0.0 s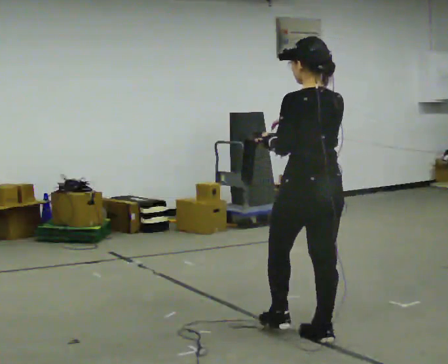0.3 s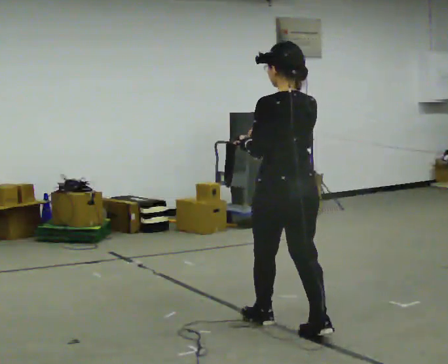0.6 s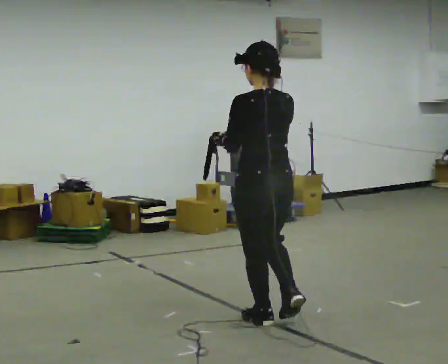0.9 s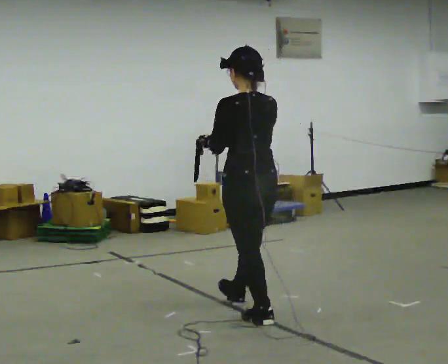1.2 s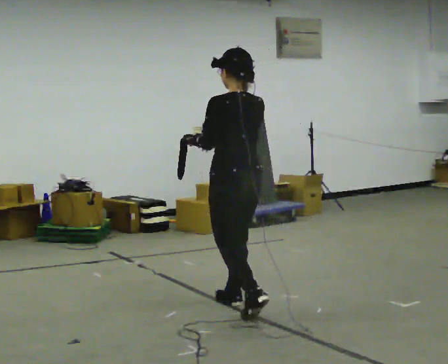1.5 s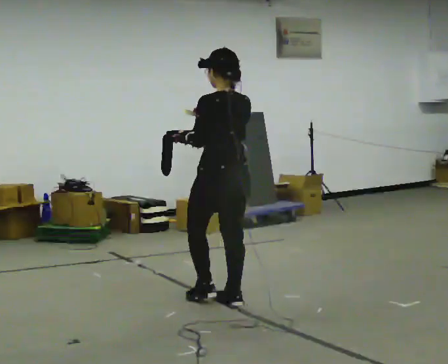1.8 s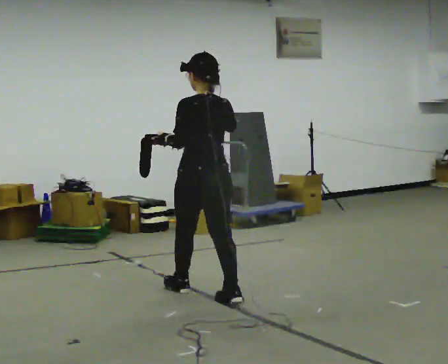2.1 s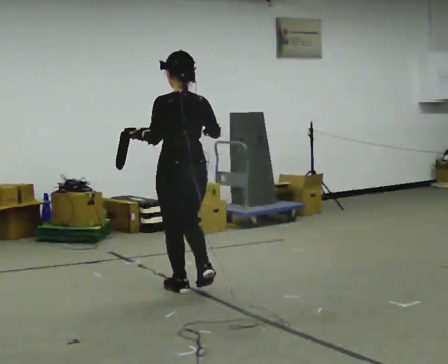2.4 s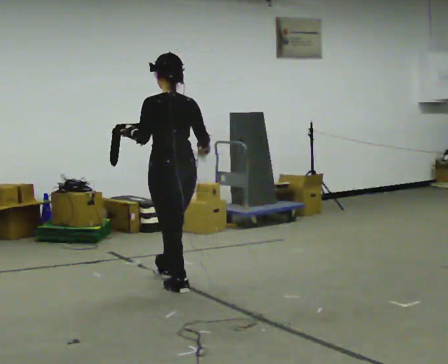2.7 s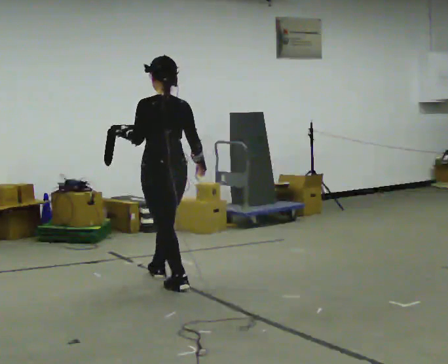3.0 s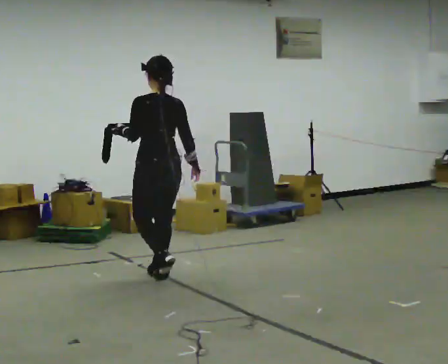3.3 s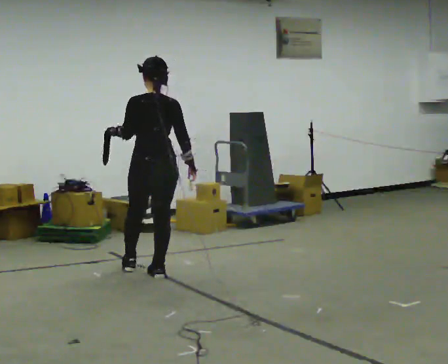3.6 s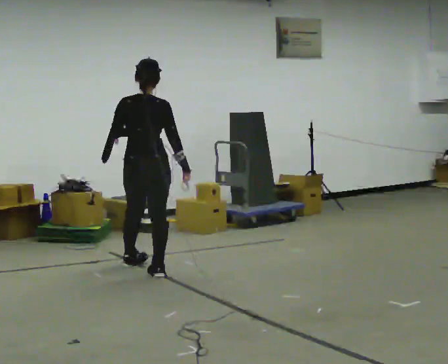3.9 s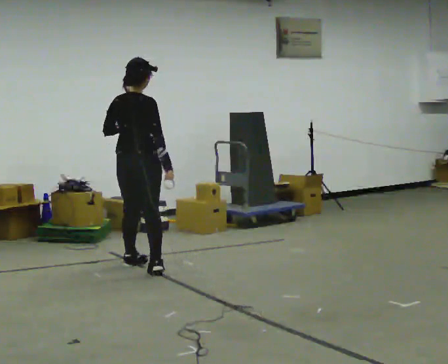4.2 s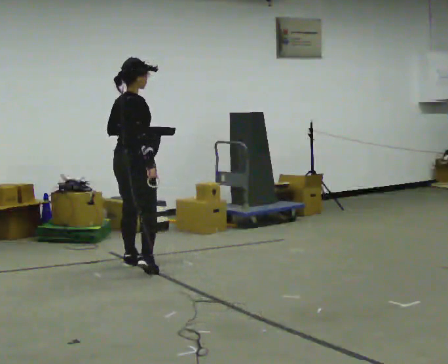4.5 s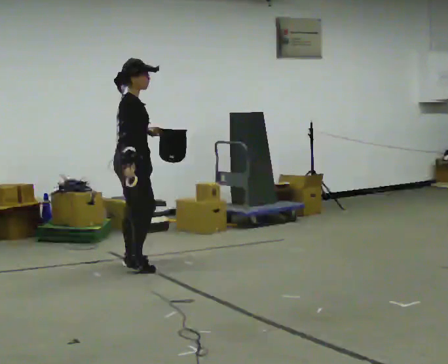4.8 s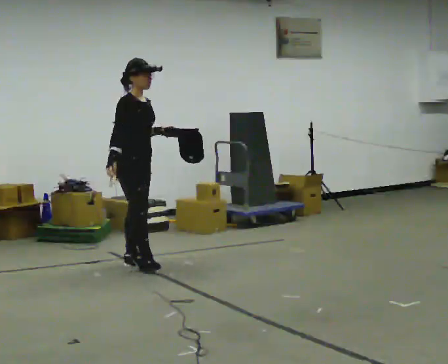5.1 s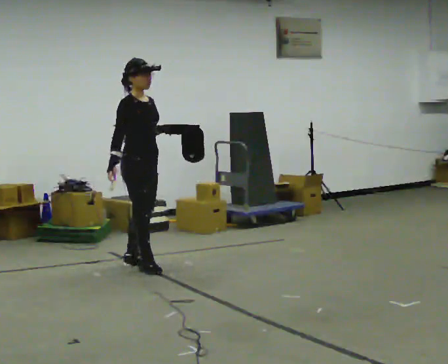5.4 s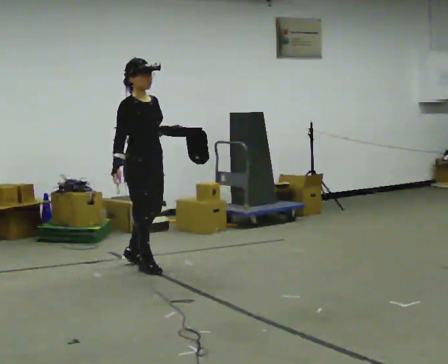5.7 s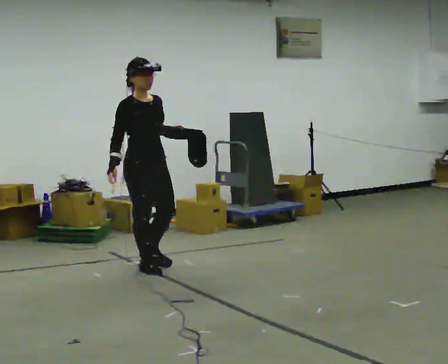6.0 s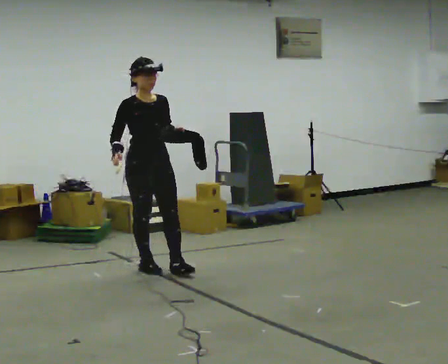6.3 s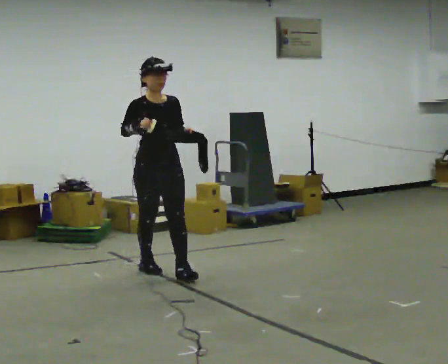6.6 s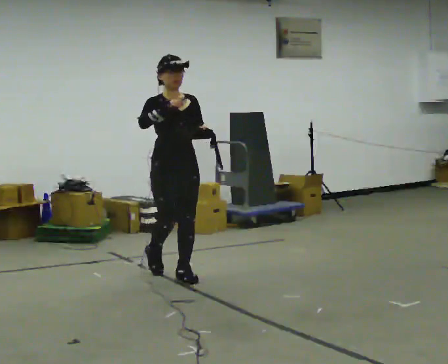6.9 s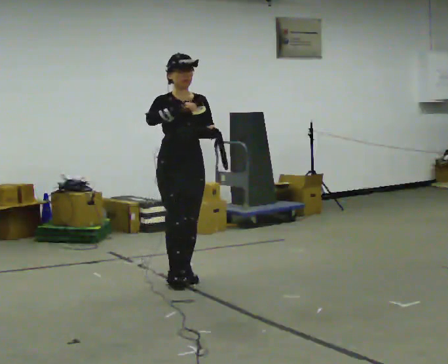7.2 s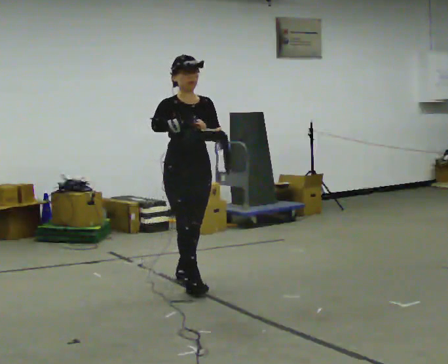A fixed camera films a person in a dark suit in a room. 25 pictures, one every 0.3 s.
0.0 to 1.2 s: In the picture they go away from the camera and to the left, about 1 m in 2 steps, which for them is forward.
1.2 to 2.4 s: In the picture they go away from the camera and to the left, about 0.75 m in 1 step, which for them is forward.
2.4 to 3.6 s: The part of the body nearest the lens slides to the left as the person turns to their right by about 30 degrees. In the picture they go away from the camera and to the left, about 0.5 m in 2 steps, which for them is forward.
3.6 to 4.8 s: The part of the body nearest the lens slides to the left as the person turns to their right by about 105 degrees. In the picture they go away from the camera, about 0.25 m in 1 step. In the picture their right hand goes to the left, the arm swinging clockwise.
4.8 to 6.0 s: The person turns about 45 degrees to their right, clockwise seen from above, so the part of the body nearest the lens slides to the left. In the picture they go toward the camera, about 0.25 m, which for them is forward.
6.0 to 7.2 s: In the picture they go toward the camera and to the right, about 0.5 m in 2 steps, which for them is forward.
The film runs forward here.
